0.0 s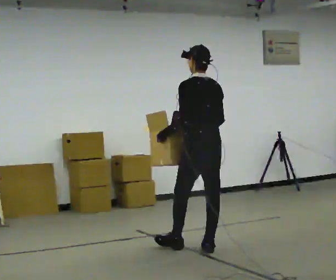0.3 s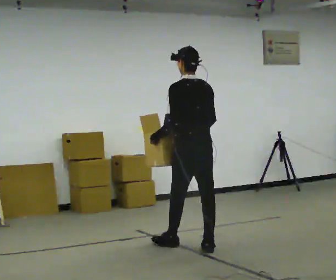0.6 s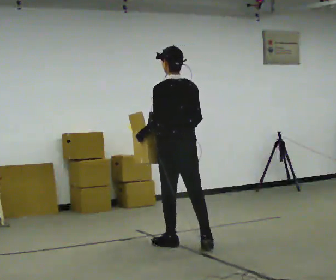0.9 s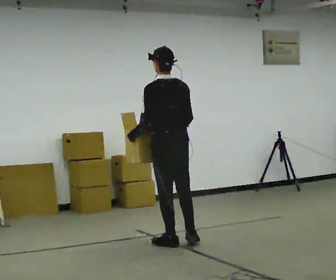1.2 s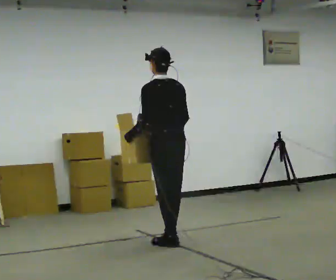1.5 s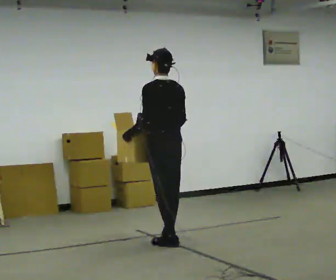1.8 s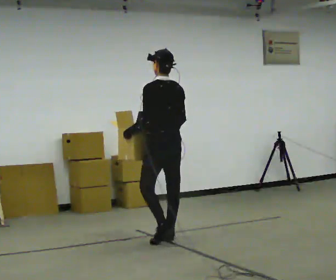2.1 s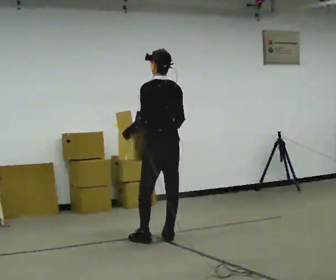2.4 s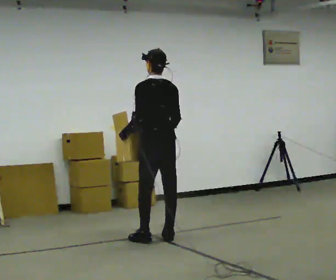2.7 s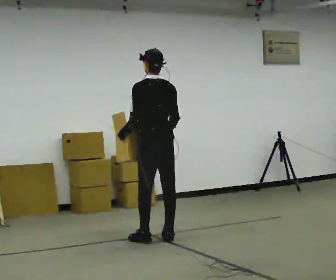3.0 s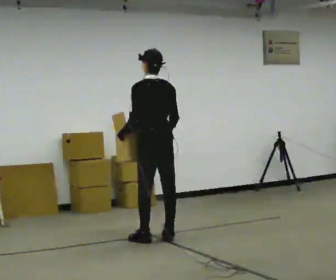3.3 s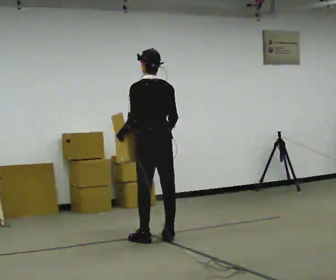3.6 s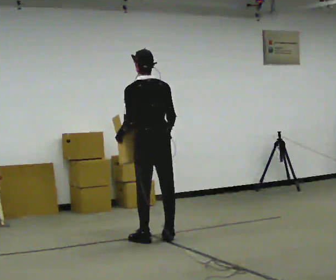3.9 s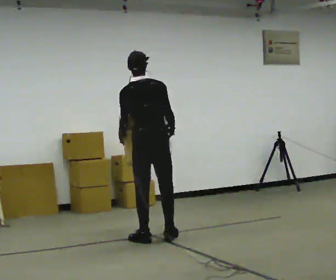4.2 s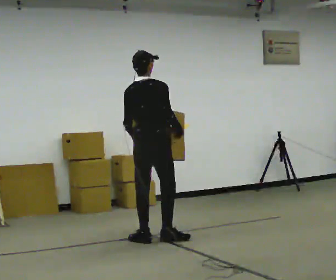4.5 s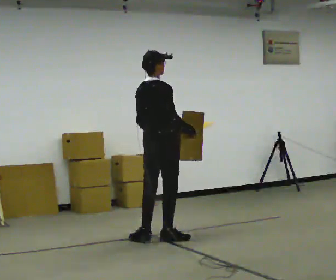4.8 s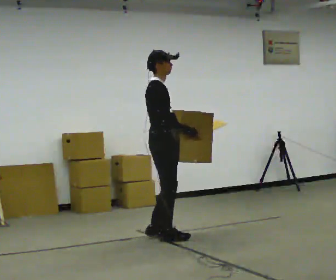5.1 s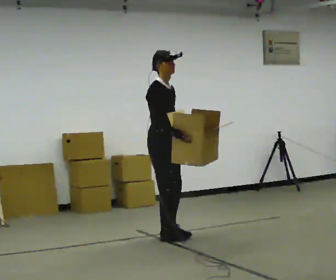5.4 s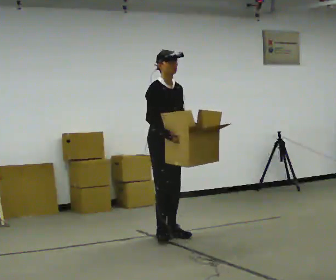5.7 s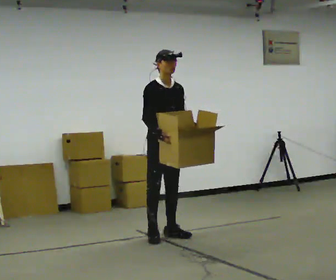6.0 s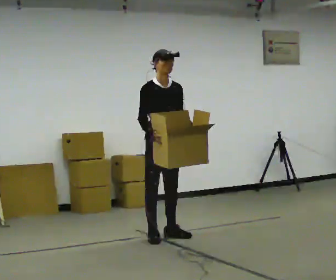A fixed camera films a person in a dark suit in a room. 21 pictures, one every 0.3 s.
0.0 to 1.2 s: In the picture they go to the left and away from the camera, about 0.5 m in 1 step, which for them is forward and to their left.
1.2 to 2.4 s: In the picture they go away from the camera, about 0.25 m in 2 steps, which for them is forward.
2.4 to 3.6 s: The person moves a little, or ends about where they began.
3.6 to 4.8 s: The person turns about 90 degrees to their right, clockwise seen from above, so the part of the body nearest the lens slides to the left. In the picture their left hand goes to the right, the arm swinging counterclockwise.
4.8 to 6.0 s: The person turns about 75 degrees to their right, clockwise seen from above, so the part of the body nearest the lens slides to the left. In the picture their right hand goes to the left, the arm swinging clockwise.
The film runs forward here.
